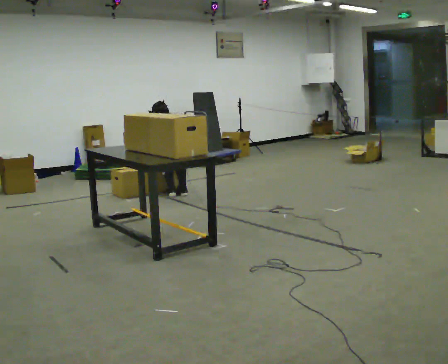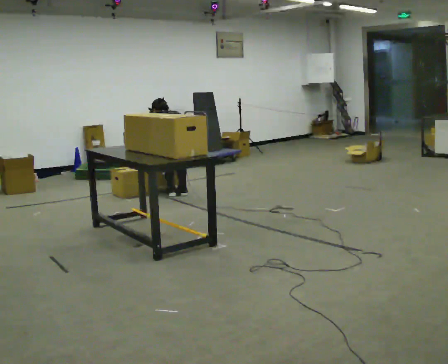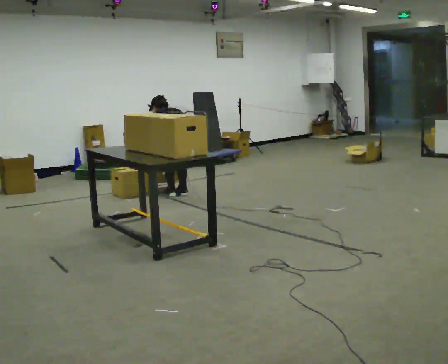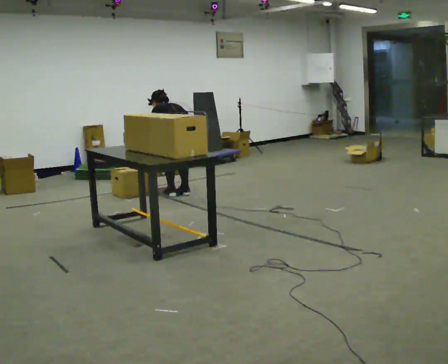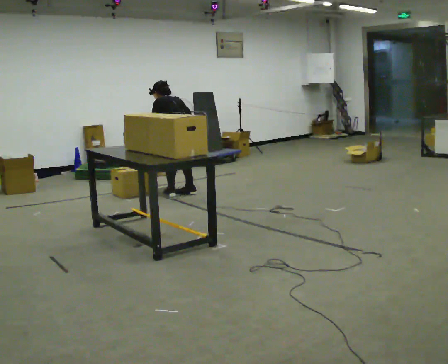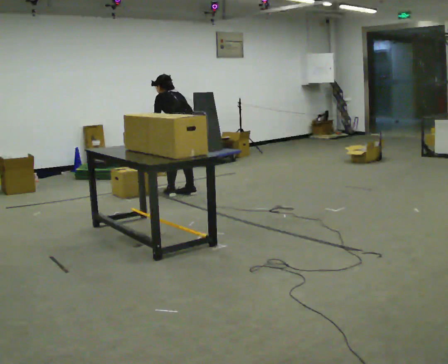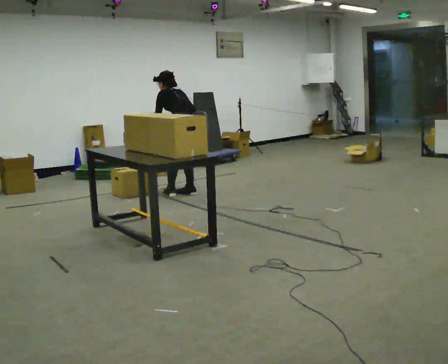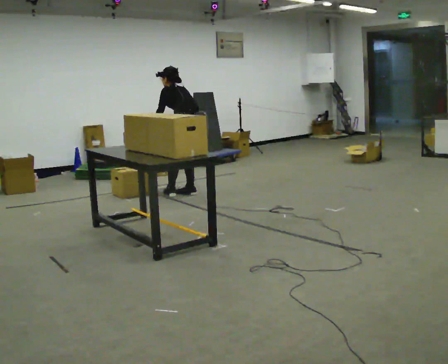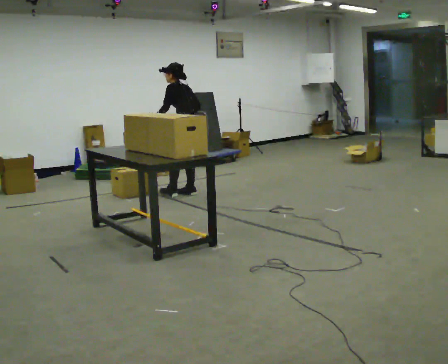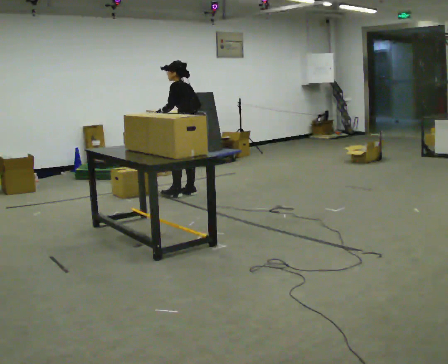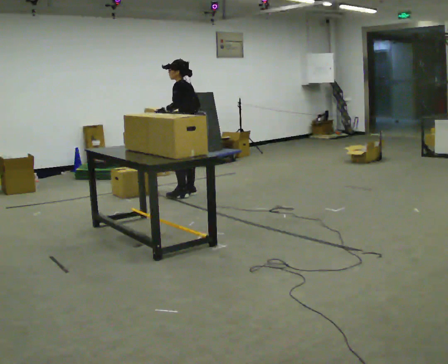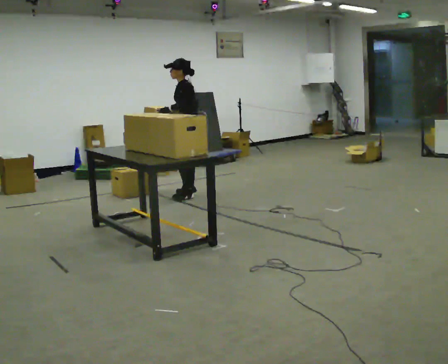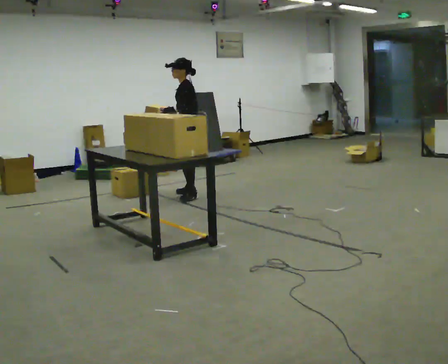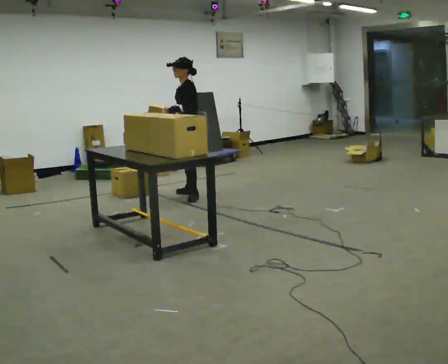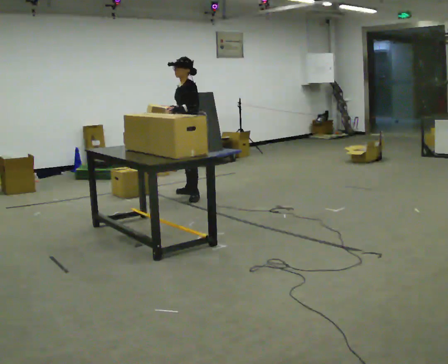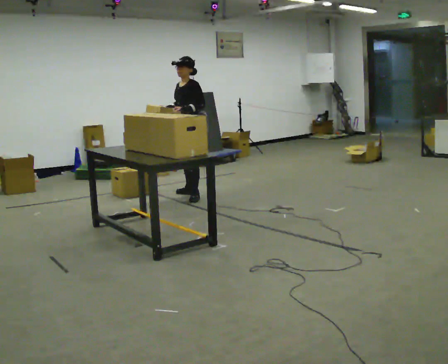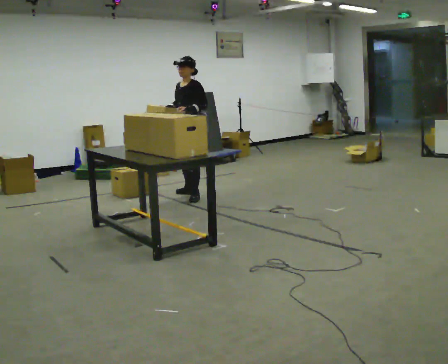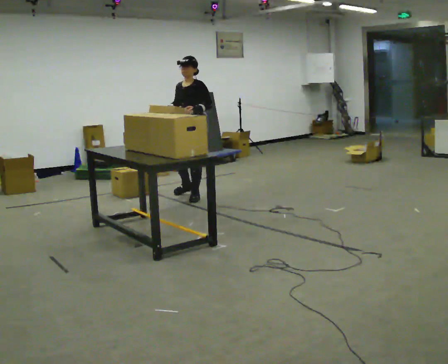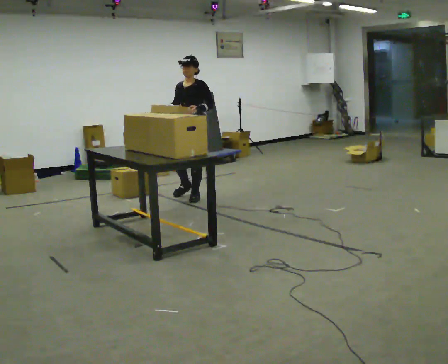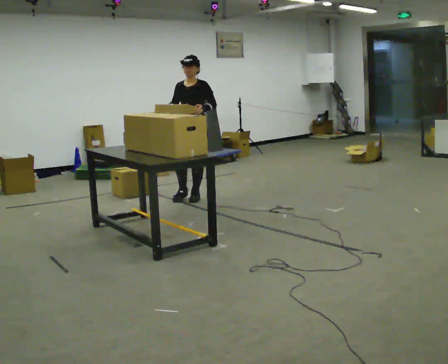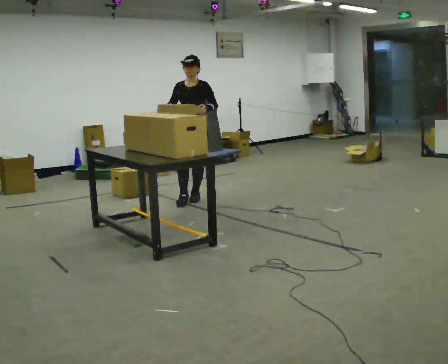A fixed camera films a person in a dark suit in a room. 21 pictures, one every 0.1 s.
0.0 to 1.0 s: The part of the body nearest the lens slides to the right as the person turns to their left by about 45 degrees. The upper body goes upward. The upper body tips toward the camera, its near side rolling downward, as they lean back or straighten. In the picture their right hand goes upward.
1.0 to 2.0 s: Seen from above the body turns counterclockwise, about 90 degrees: to their left, with its near side sliding to the right. In the picture they go toward the camera, about 0.25 m in 1 step.
The film runs forward here.
